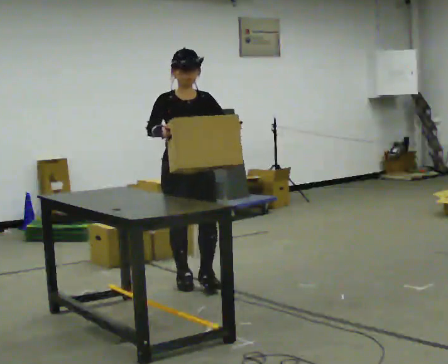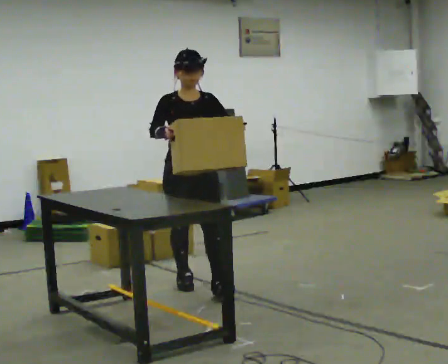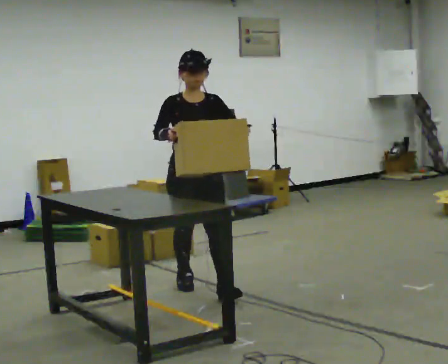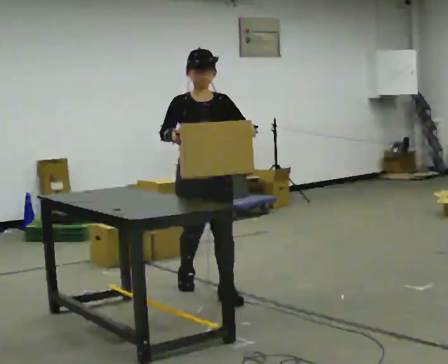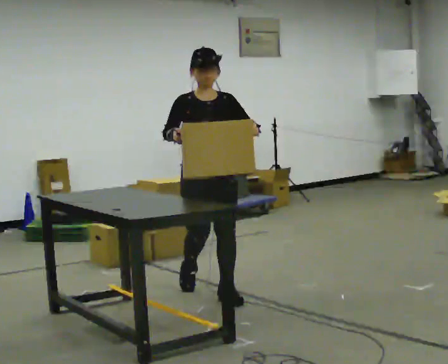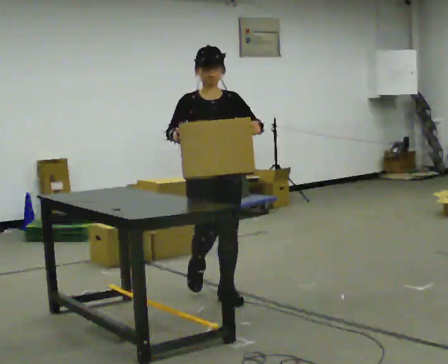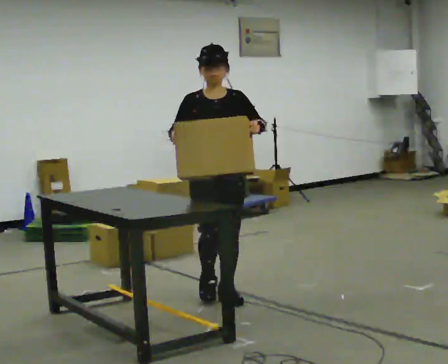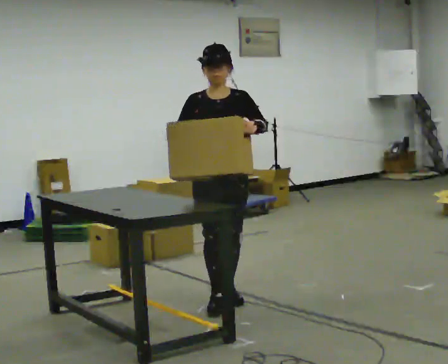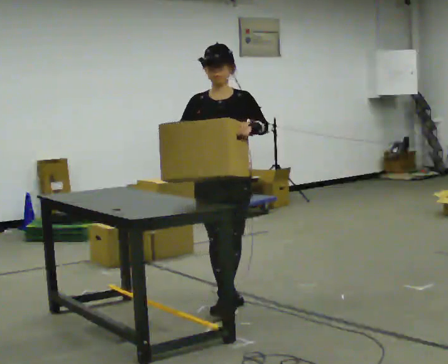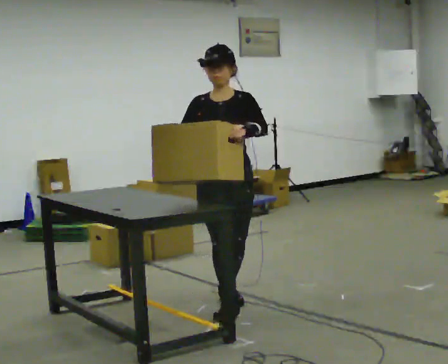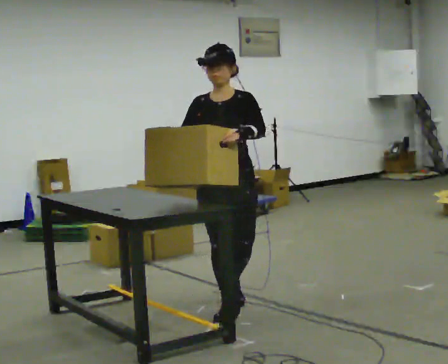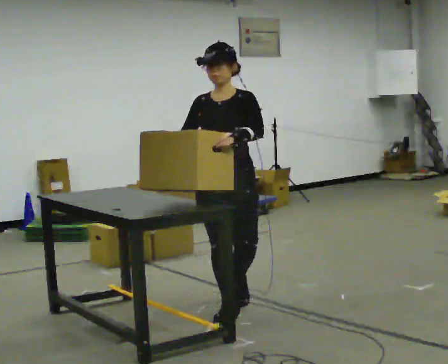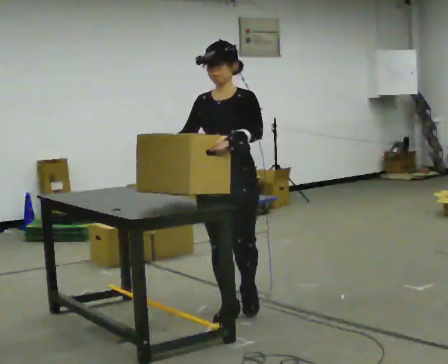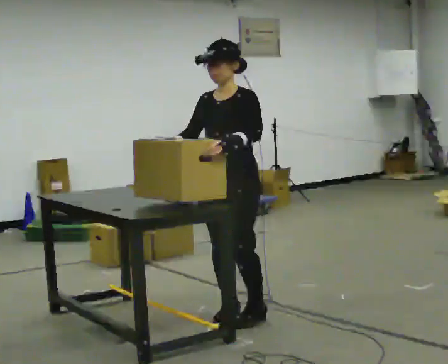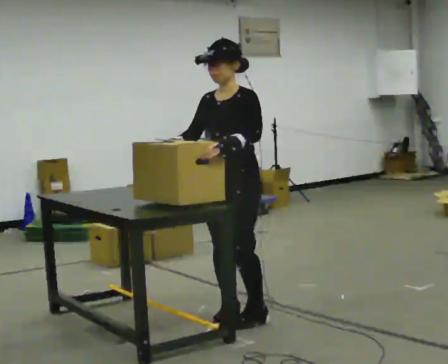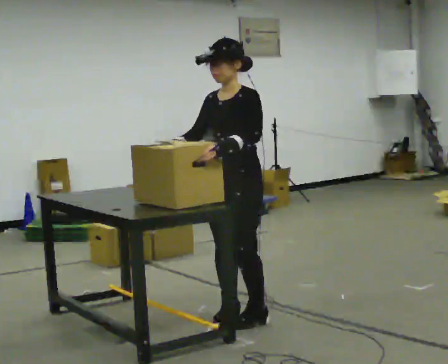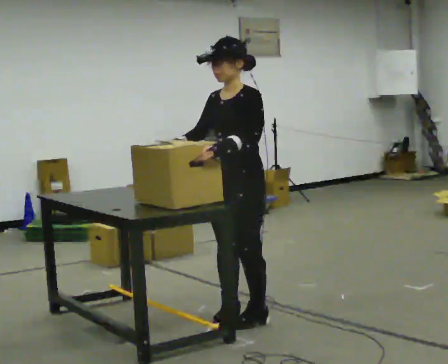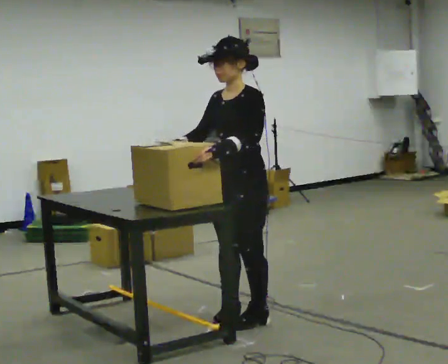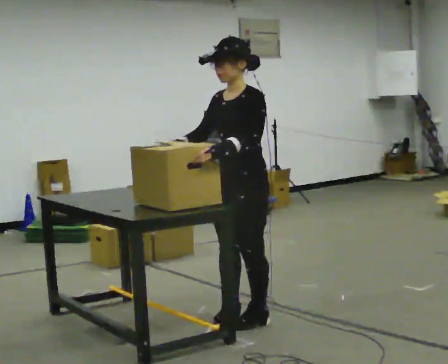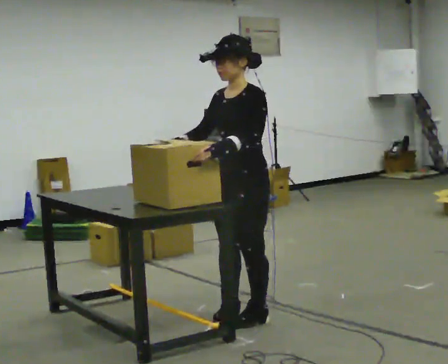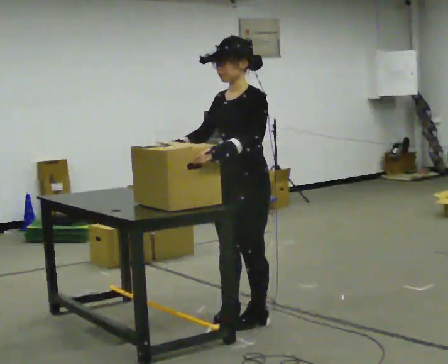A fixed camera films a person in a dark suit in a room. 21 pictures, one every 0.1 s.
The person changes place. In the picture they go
toward the camera.
The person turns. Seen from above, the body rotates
clockwise.
0.0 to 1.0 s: In the picture they go toward the camera, about 0.75 m in 2 steps, which for them is forward.
1.0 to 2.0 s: The part of the body nearest the lens slides to the left as the person turns to their right by about 45 degrees. In the picture they go toward the camera, about 0.25 m in 1 step, which for them is to their left.
The film runs forward here.
